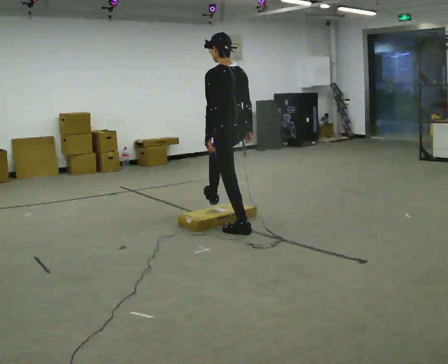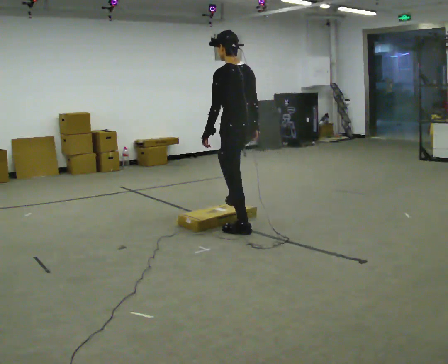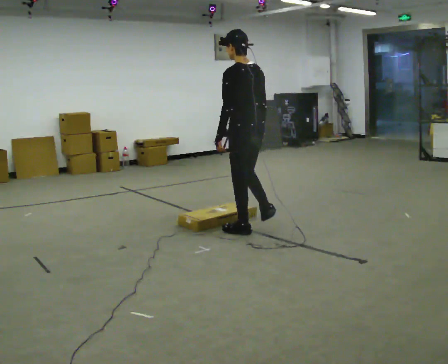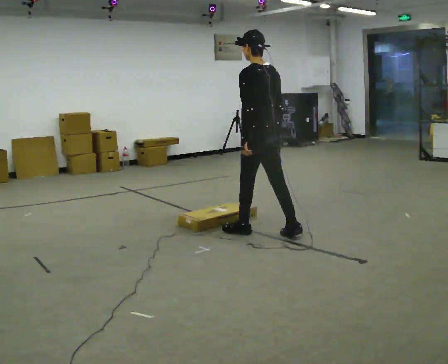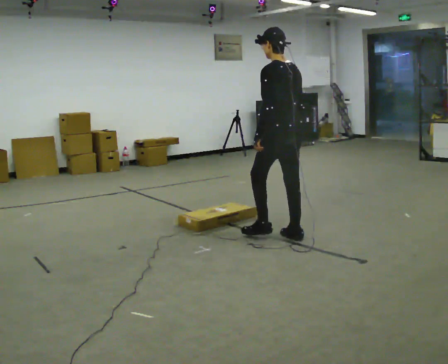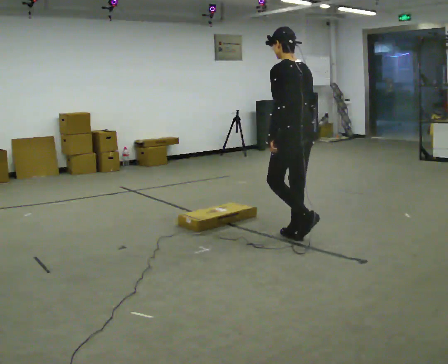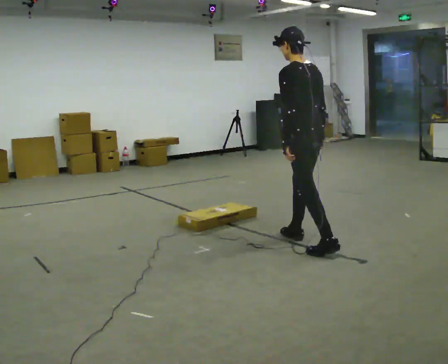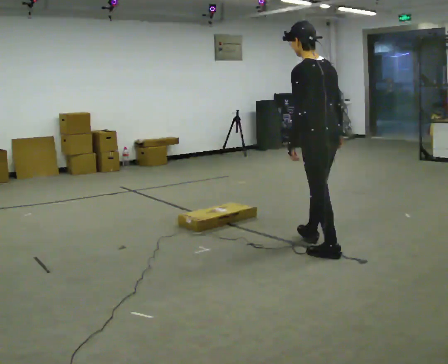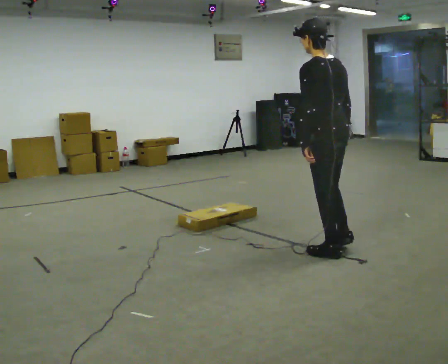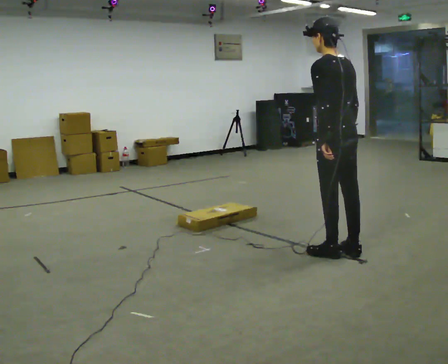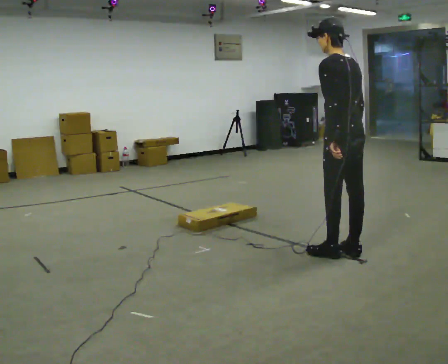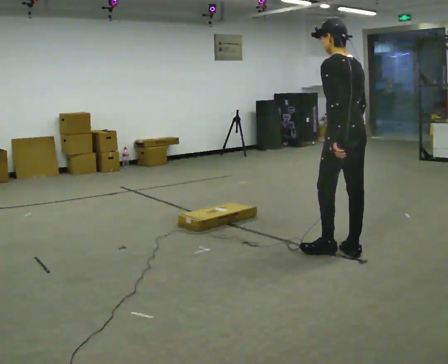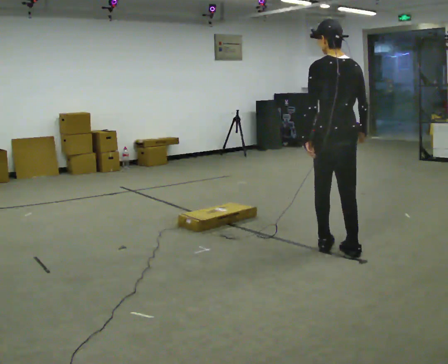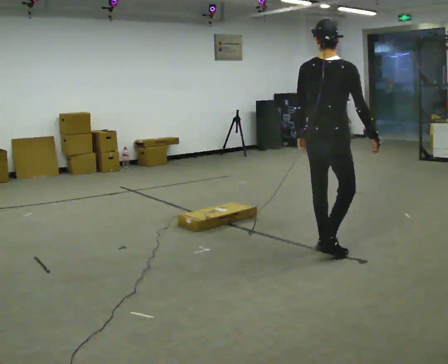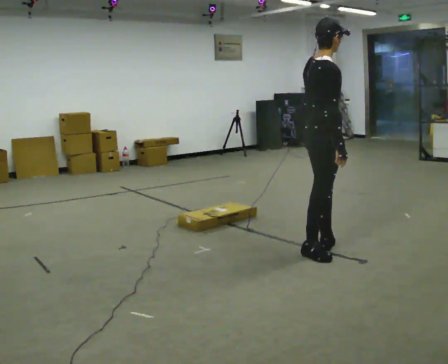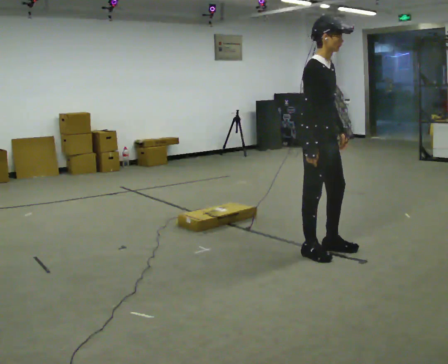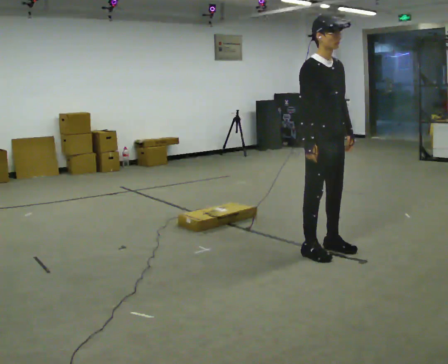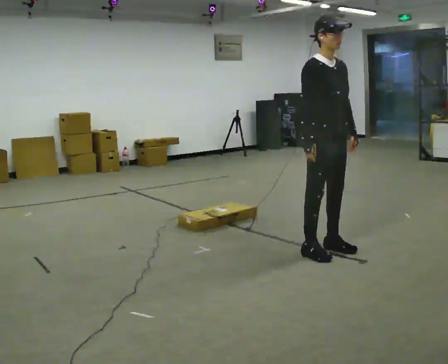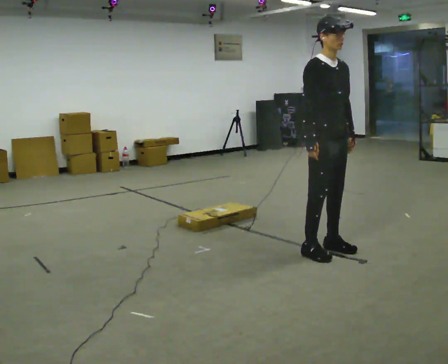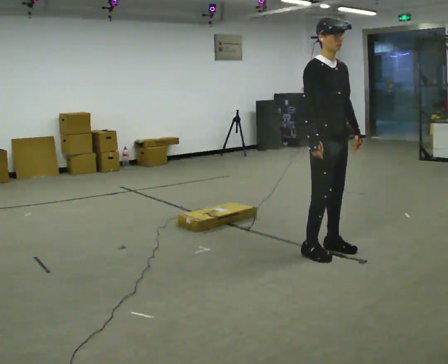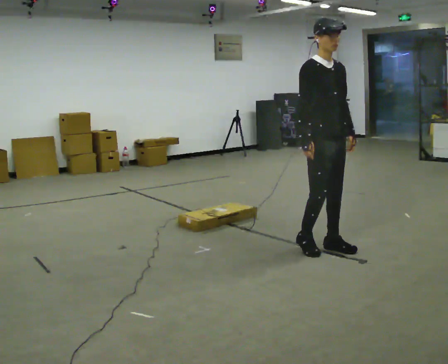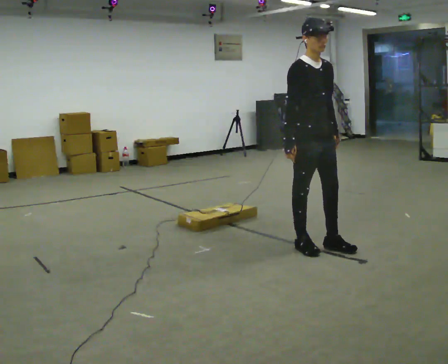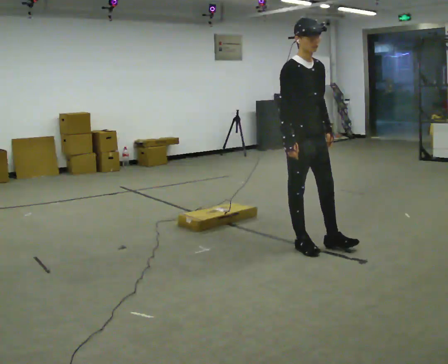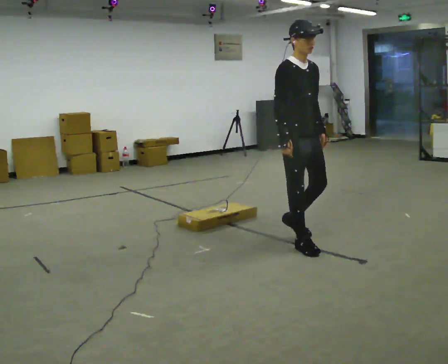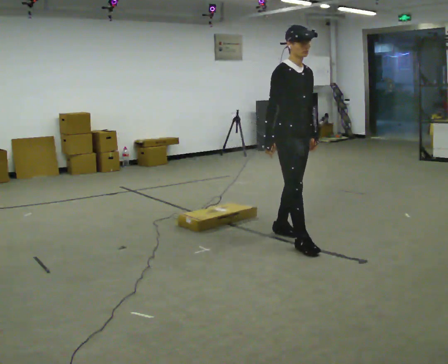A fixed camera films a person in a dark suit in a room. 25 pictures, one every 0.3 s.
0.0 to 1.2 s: In the picture they go to the right and toward the camera, about 0.5 m in 1 step, which for them is backward.
1.2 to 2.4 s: In the picture they go to the right and toward the camera, about 0.5 m in 1 step, which for them is backward.
2.4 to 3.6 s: The person moves a little, or ends about where they began.
3.6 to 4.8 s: Seen from above the body turns clockwise, about 150 degrees: to their right, with its near side sliding to the left. In the picture they go to the left, about 0.25 m in 1 step. In the picture their right hand goes to the left.
4.8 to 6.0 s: The person moves a little, or ends about where they began.
6.0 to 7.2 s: In the picture they go to the left, about 0.25 m in 1 step, which for them is backward.
The film runs backward here.
